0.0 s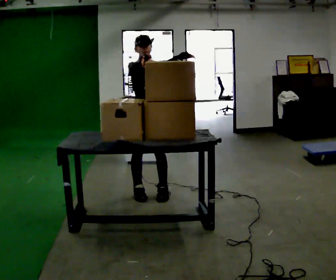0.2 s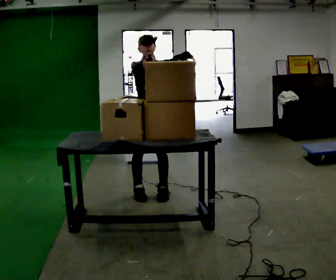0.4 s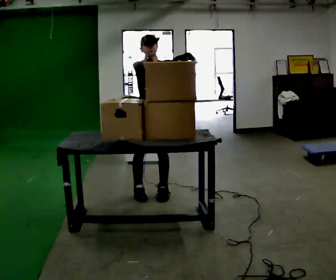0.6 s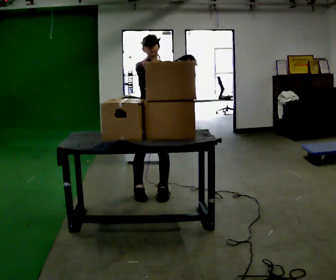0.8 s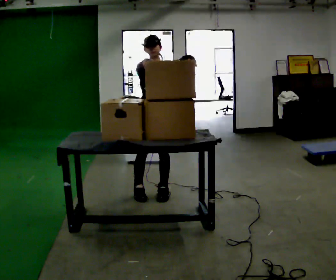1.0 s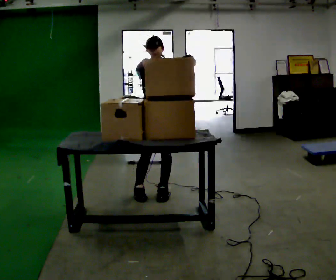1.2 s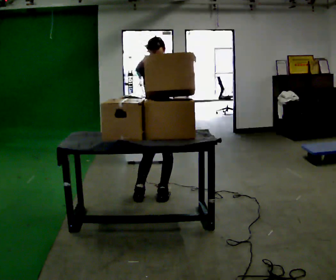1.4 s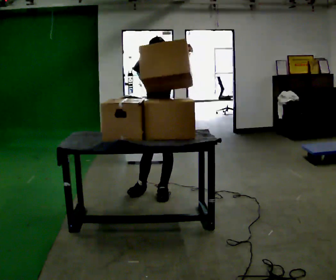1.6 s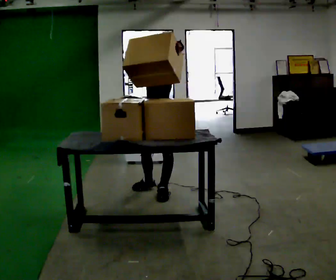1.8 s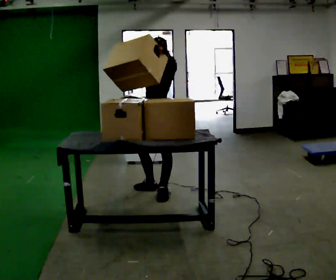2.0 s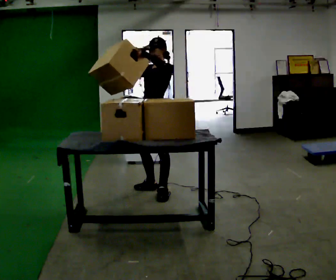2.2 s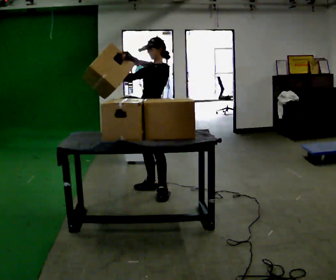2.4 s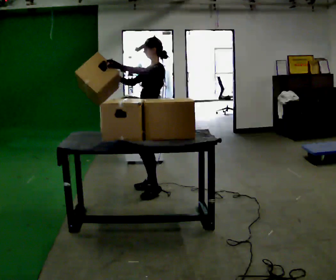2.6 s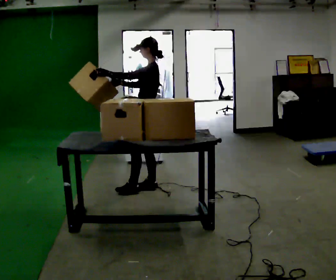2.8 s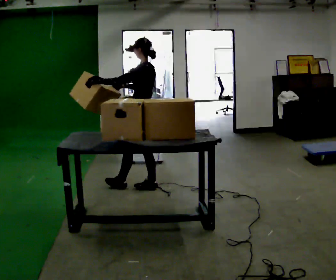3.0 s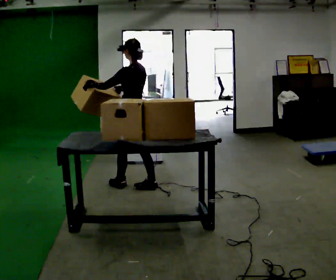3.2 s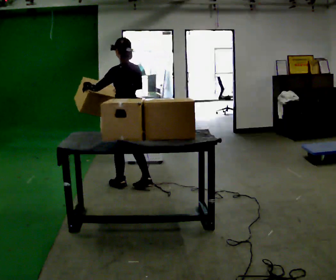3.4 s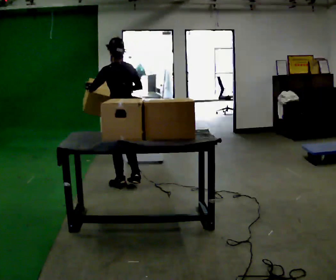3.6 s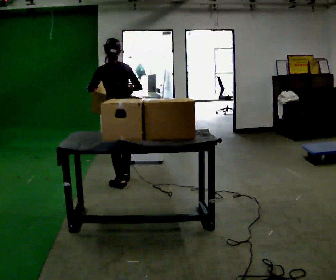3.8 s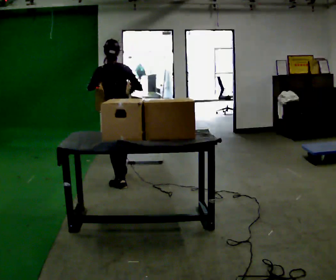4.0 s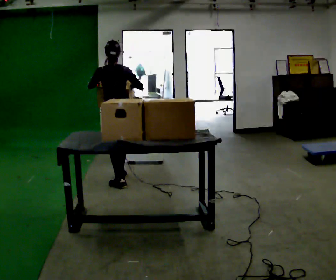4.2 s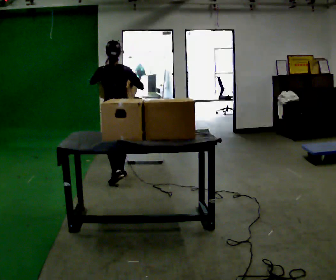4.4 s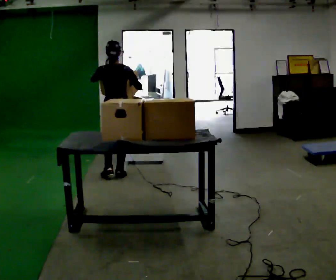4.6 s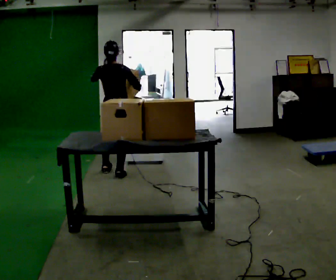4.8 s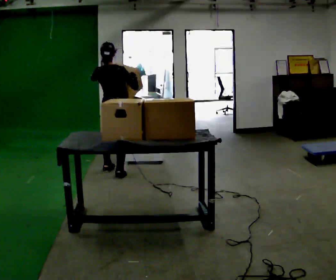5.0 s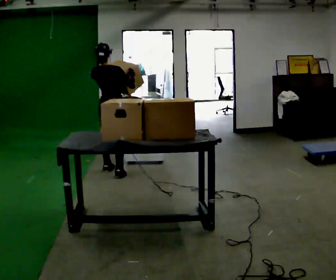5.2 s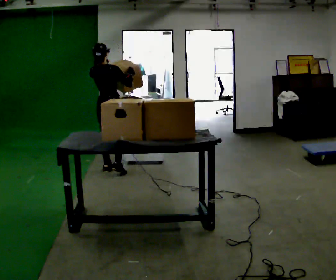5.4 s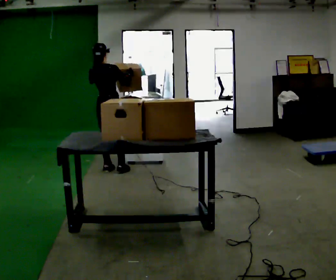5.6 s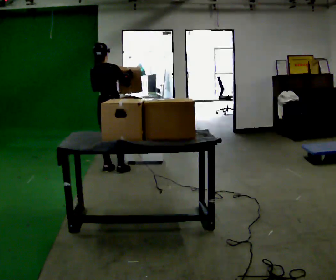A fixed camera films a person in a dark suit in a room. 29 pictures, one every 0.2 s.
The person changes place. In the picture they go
away from the camera.
The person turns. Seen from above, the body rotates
clockwise.
0.0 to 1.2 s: The person moves a little, or ends about where they began.
1.2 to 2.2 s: Seen from above the body turns clockwise, about 45 degrees: to their right, with its near side sliding to the left. In the picture they go away from the camera, about 0.25 m in 1 step, which for them is to their right. In the picture their left hand goes to the left.
2.2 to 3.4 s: The person turns about 90 degrees to their right, clockwise seen from above, so the part of the body nearest the lens slides to the left. In the picture they go to the left, about 0.25 m in 1 step. In the picture the upper body tilts counterclockwise, shoulders to the left.
3.4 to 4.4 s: The part of the body nearest the lens slides to the left as the person turns to their right by about 30 degrees. In the picture they go away from the camera, about 0.5 m in 1 step, which for them is forward.
4.4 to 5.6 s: The person turns about 30 degrees to their right, clockwise seen from above, so the part of the body nearest the lens slides to the left. In the picture they go away from the camera, about 0.25 m in 2 steps, which for them is to their left and forward.
The film runs forward here.
